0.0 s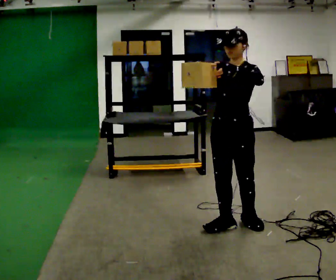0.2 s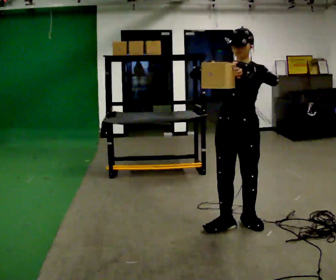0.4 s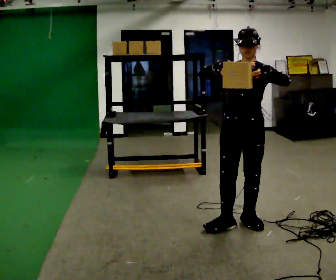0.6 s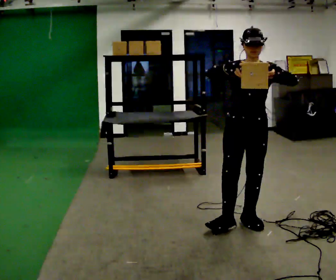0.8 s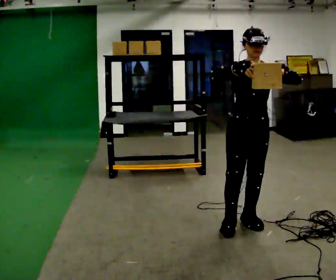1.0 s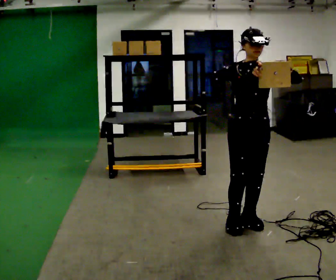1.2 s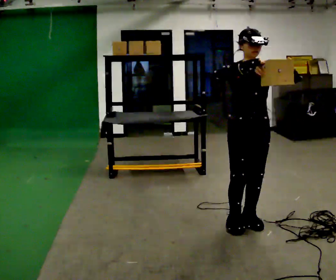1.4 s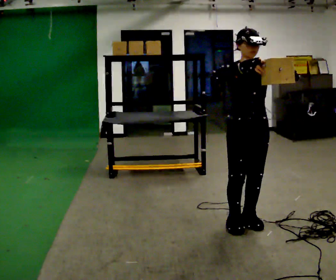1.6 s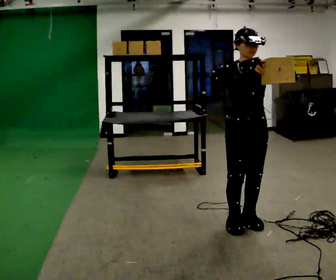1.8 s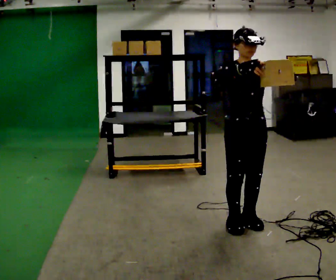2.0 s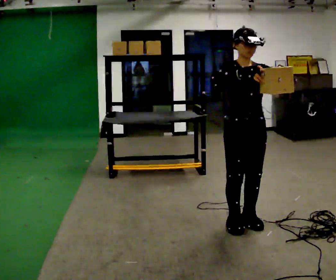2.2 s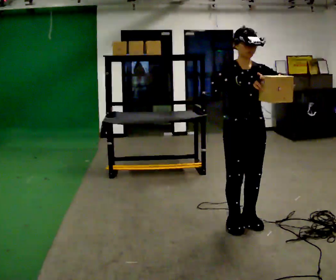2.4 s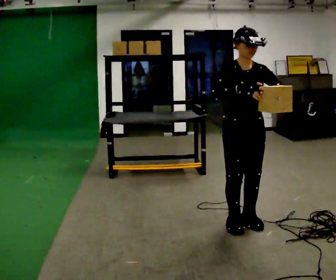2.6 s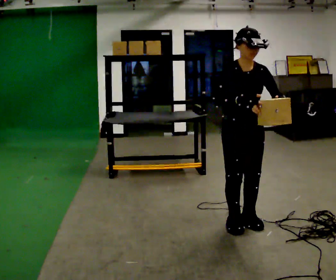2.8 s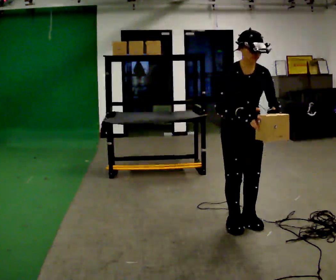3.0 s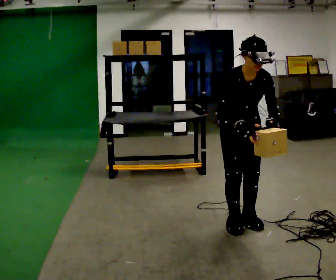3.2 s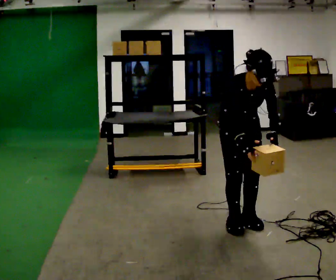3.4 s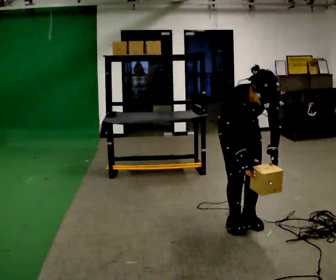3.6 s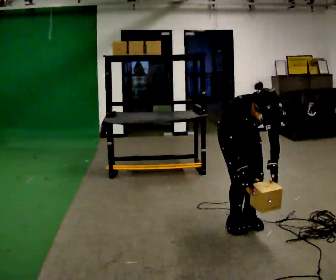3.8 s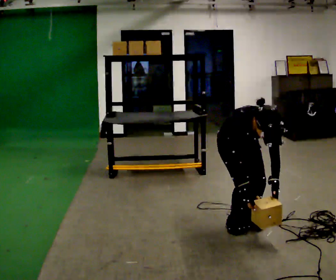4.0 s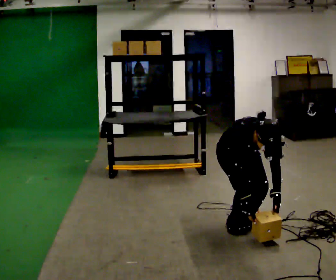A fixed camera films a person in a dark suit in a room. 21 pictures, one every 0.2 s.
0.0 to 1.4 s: The part of the body nearest the lens slides to the right as the person turns to their left by about 45 degrees. In the picture their right hand goes to the right.
1.4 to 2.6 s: The person moves a little, or ends about where they began.
2.6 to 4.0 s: The upper body goes downward. The upper body tips toward the camera, its near side rolling downward, as they bend forward. In the picture their right hand goes downward.
The film runs backward here.
